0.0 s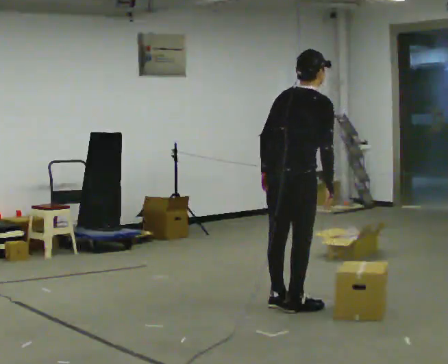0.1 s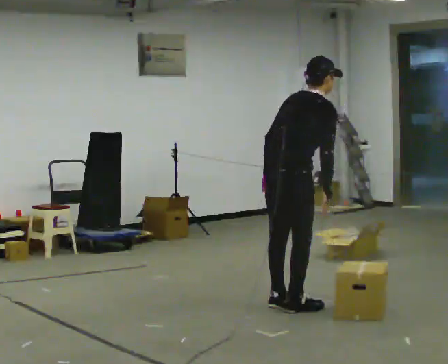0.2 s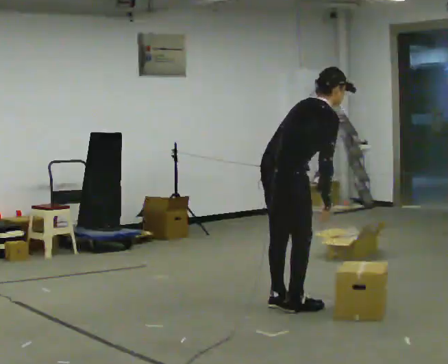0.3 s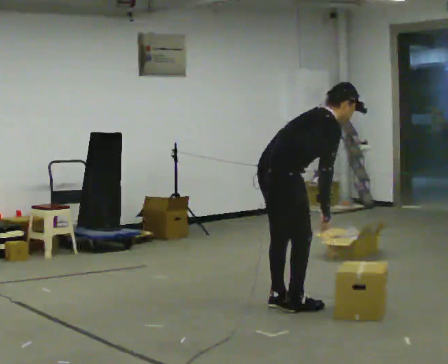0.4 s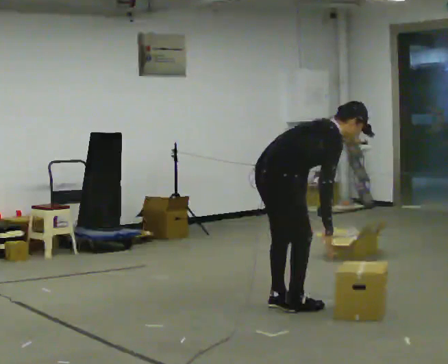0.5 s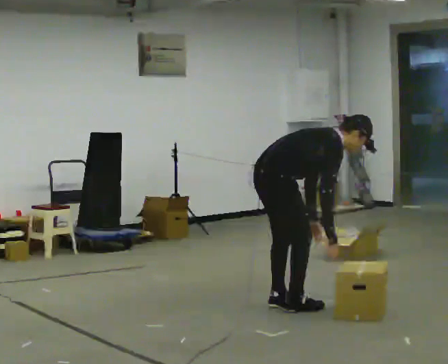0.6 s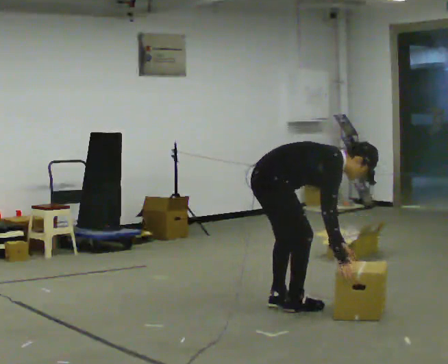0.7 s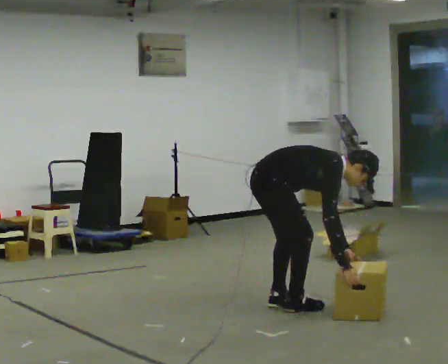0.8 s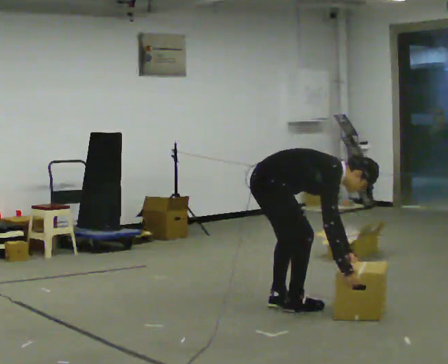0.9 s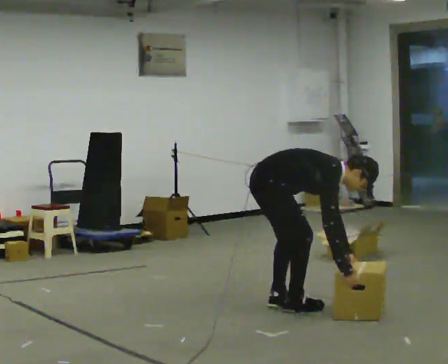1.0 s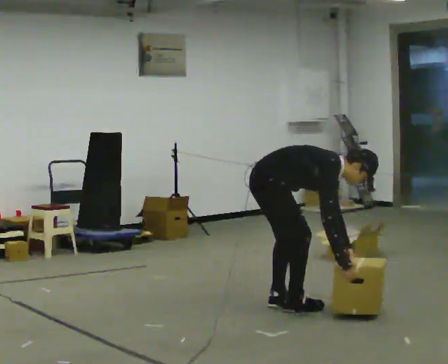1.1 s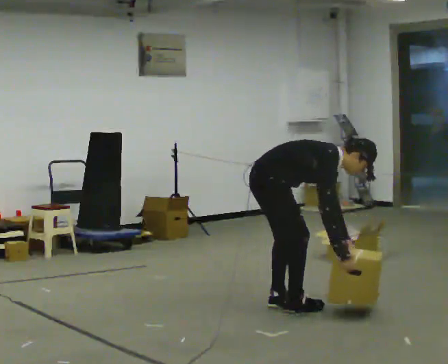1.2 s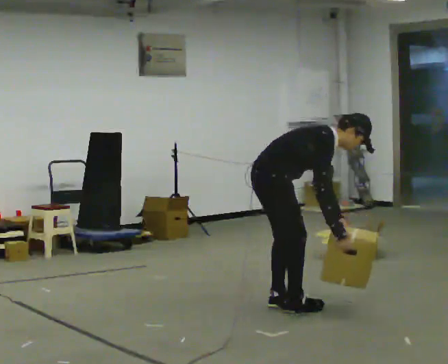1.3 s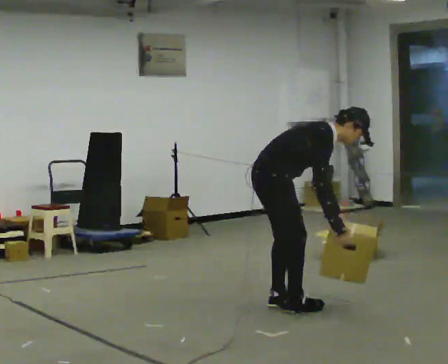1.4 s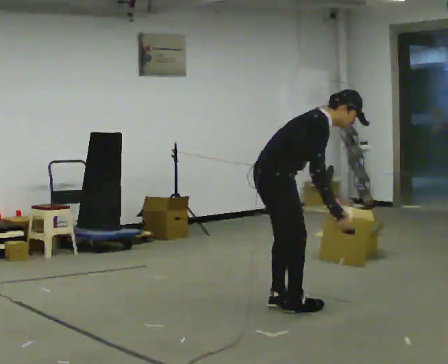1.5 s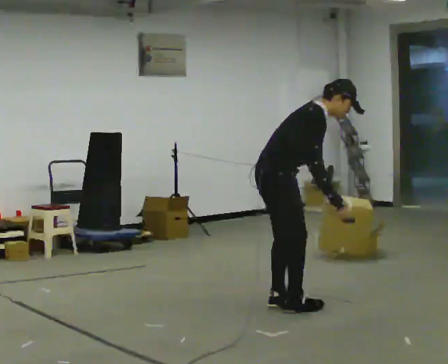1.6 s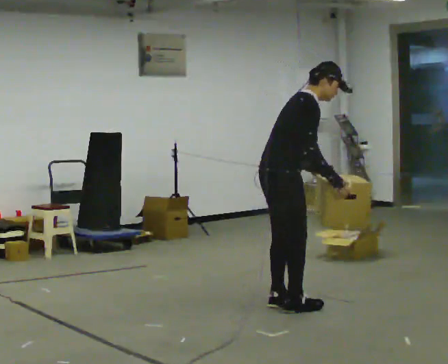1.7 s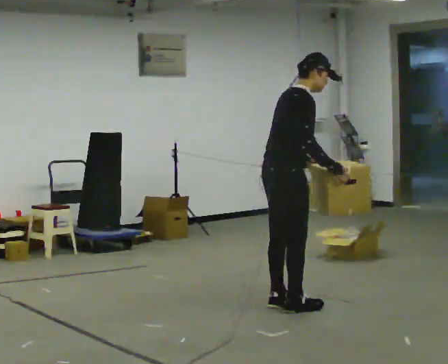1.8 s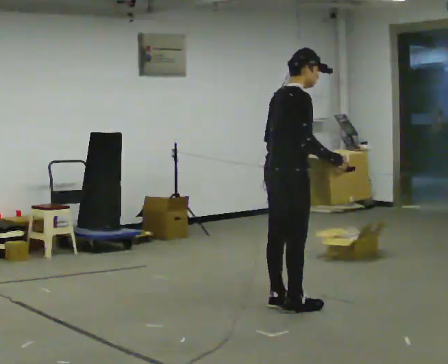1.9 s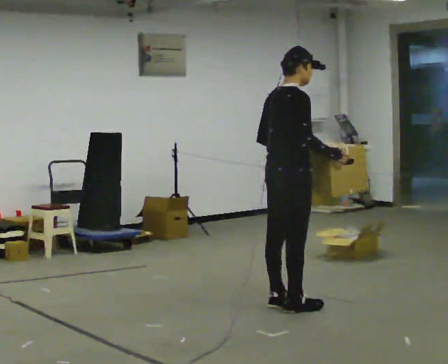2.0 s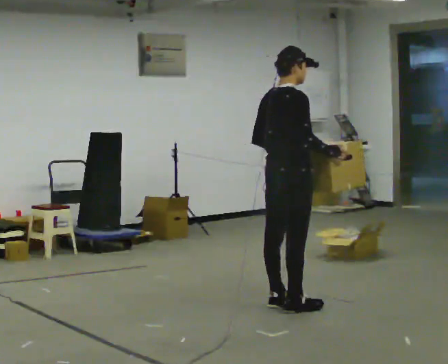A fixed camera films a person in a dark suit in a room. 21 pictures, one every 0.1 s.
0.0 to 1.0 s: The part of the body nearest the lens slides to the left as the person turns to their right by about 45 degrees. The shoulders move downward. In the picture the upper body tilts clockwise, shoulders to the right, as they bend forward. In the picture their left hand goes to the right and downward, the arm swinging counterclockwise.
1.0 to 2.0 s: The person turns about 30 degrees to their left, counterclockwise seen from above, so the part of the body nearest the lens slides to the right. The upper body goes upward. In the picture the upper body tilts counterclockwise, shoulders to the left, as they lean back or straighten. In the picture their right hand goes upward.
The film runs backward here.
